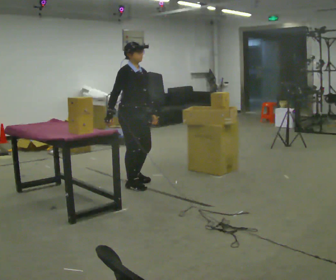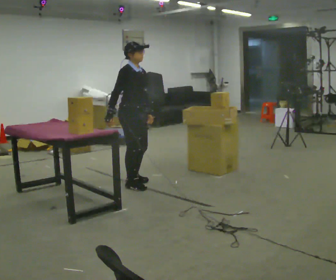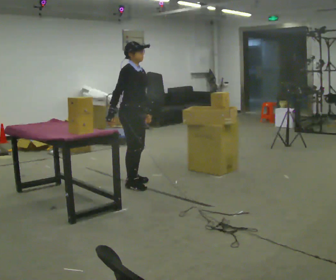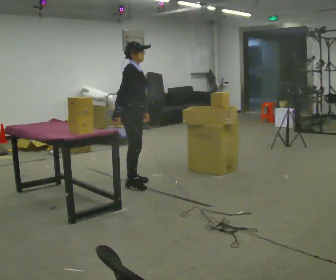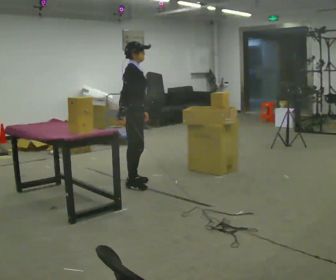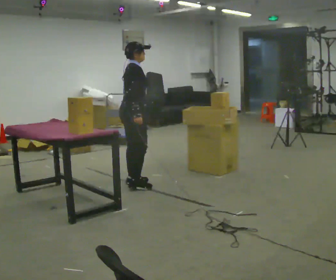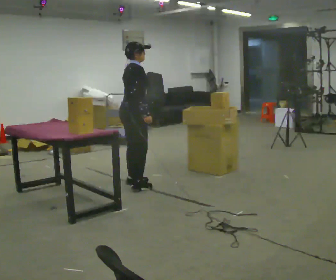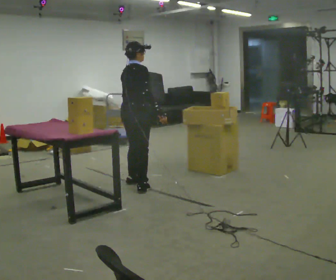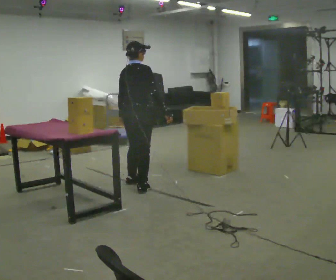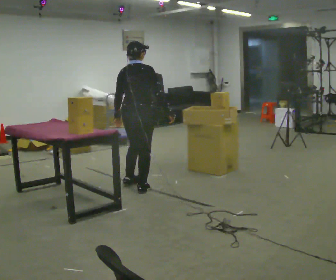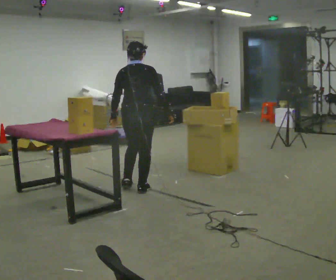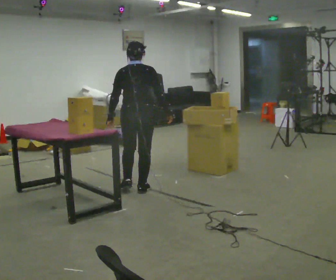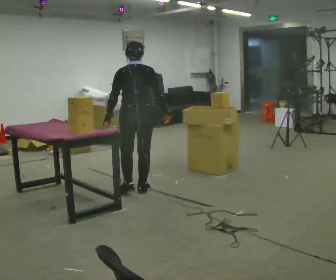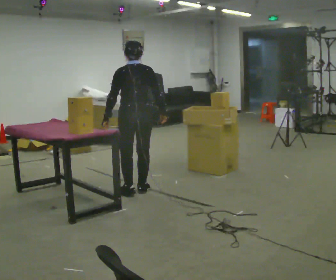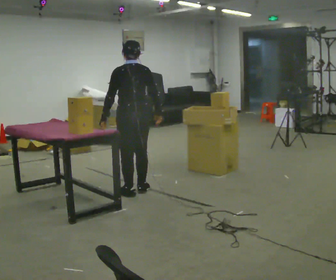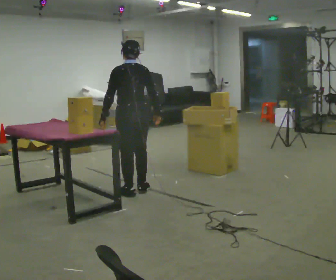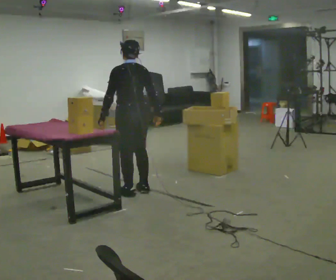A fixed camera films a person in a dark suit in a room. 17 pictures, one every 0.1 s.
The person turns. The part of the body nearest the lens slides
to the right.
Their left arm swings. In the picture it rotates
clockwise.
0.0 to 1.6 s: The part of the body nearest the lens slides to the right as the person turns to their left by about 150 degrees. In the picture they go toward the camera, about 0.25 m in 2 steps. In the picture their right hand goes to the right, the arm swinging counterclockwise.
The film runs backward here.
